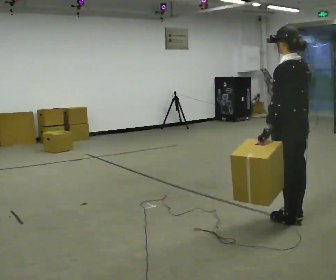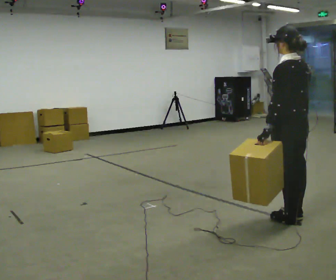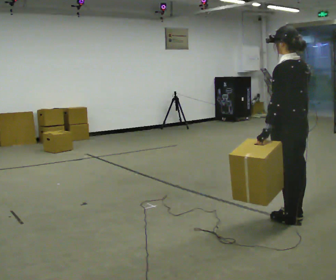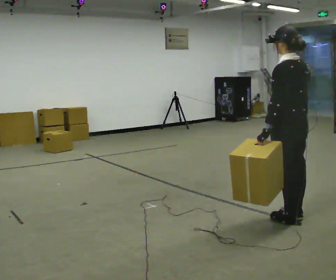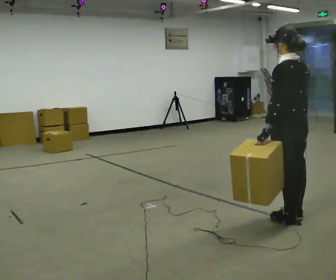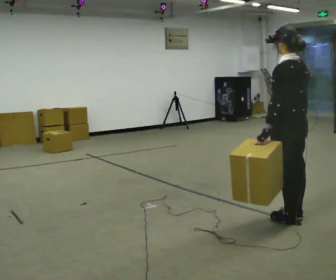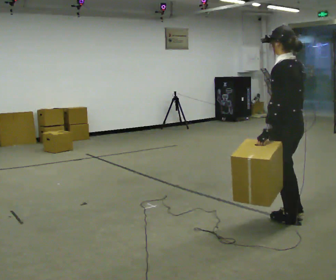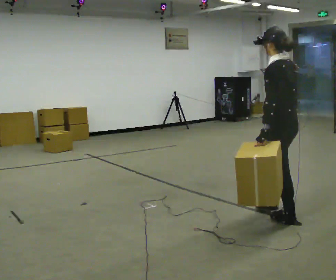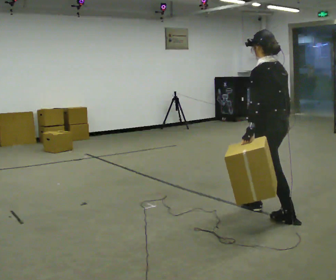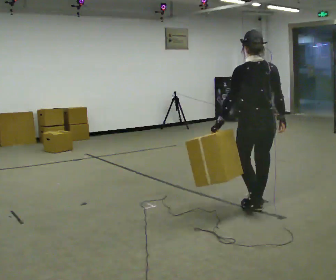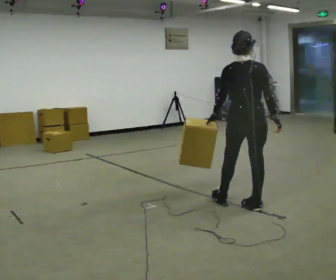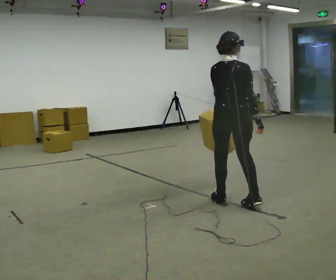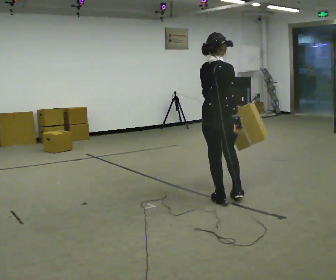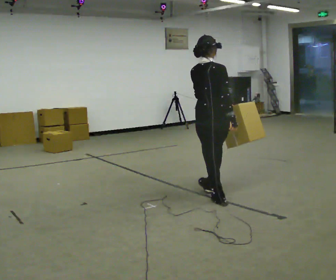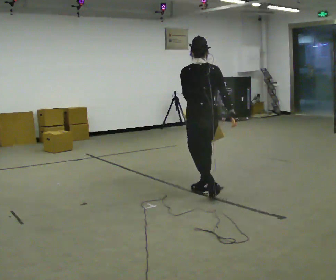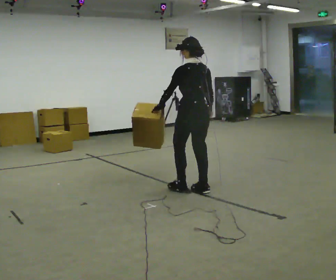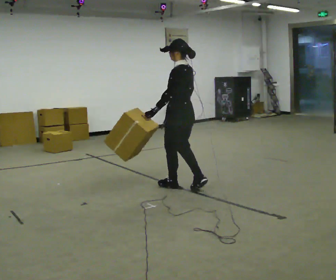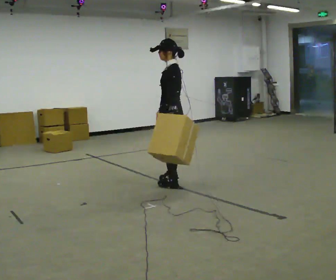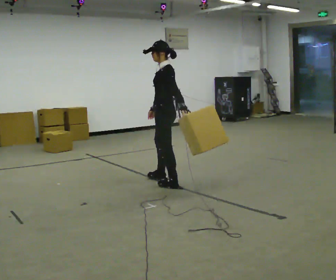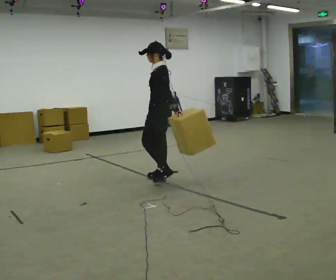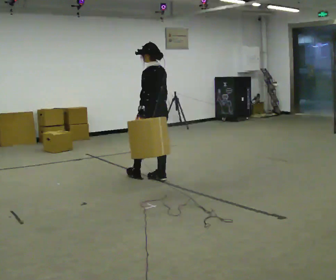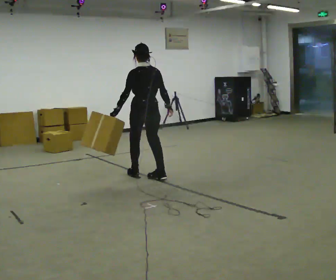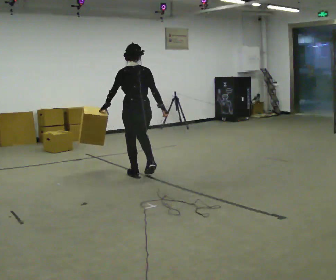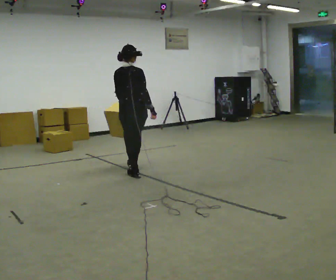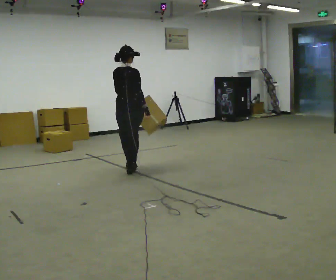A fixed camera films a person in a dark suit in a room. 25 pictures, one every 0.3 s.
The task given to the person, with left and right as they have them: Carry the object in the hand the operator calls, down at your side, walking back and forth across the room.
0.0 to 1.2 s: The person keeps their place and pose.
1.2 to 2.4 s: In the picture they go away from the camera, about 0.25 m in 1 step, which for them is forward.
2.4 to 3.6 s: The part of the body nearest the lens slides to the left as the person turns to their right by about 60 degrees. In the picture they go to the left and away from the camera, about 0.75 m in 1 step.
3.6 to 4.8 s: Seen from above the body turns counterclockwise, about 75 degrees: to their left, with its near side sliding to the right. In the picture they go away from the camera and to the left, about 0.5 m in 2 steps.
4.8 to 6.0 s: In the picture they go away from the camera and to the left, about 0.5 m in 1 step, which for them is to their right and forward.
6.0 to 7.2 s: Seen from above the body turns clockwise, about 45 degrees: to their right, with its near side sliding to the left. In the picture they go to the left and away from the camera, about 0.5 m in 2 steps, which for them is forward and to their left.
The film runs forward here.
